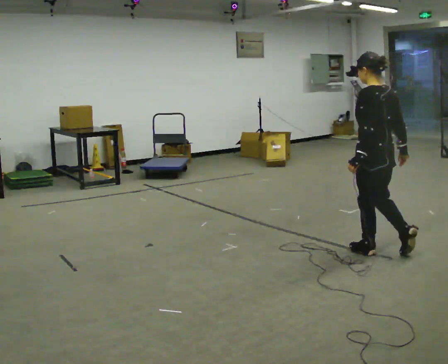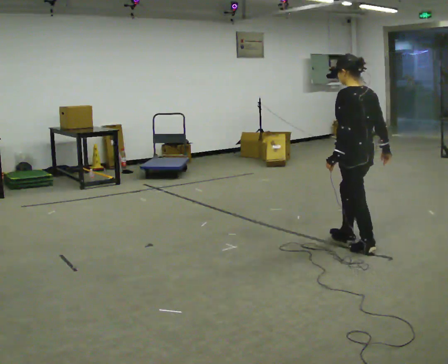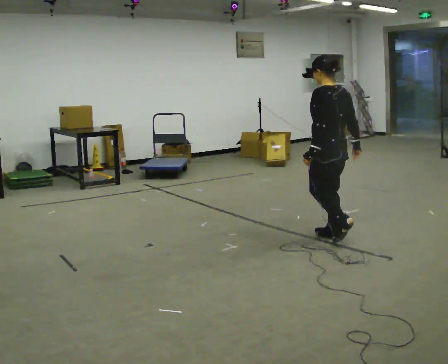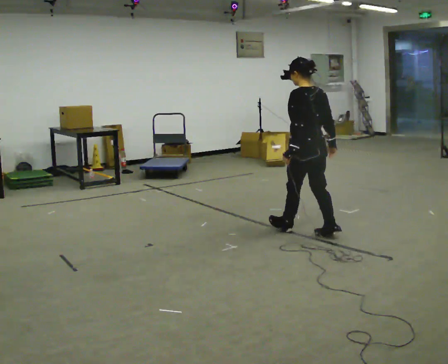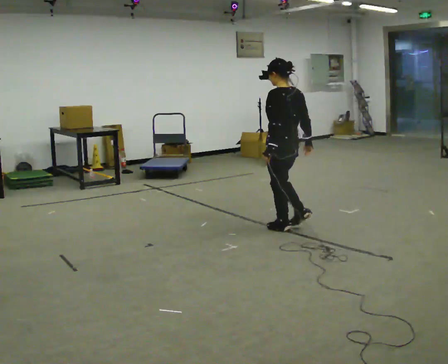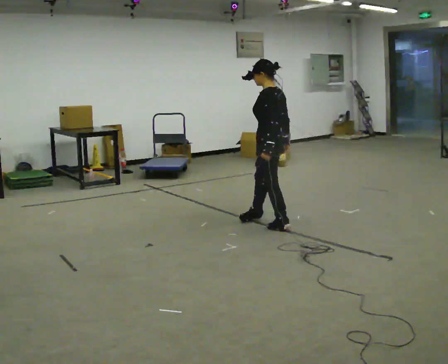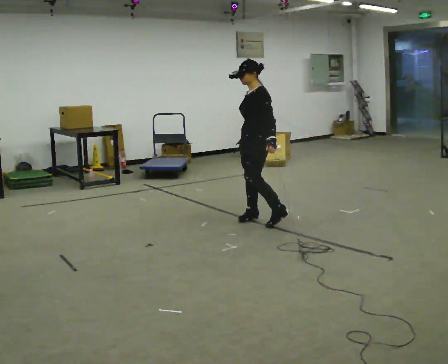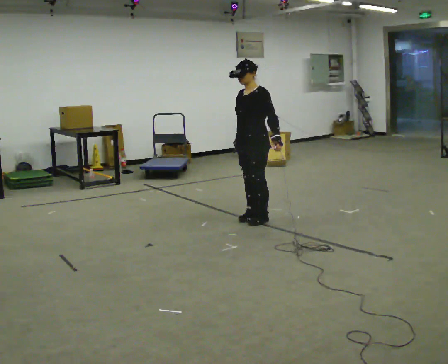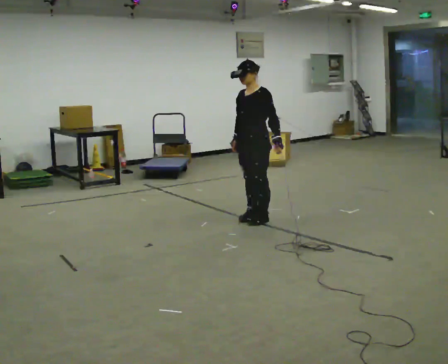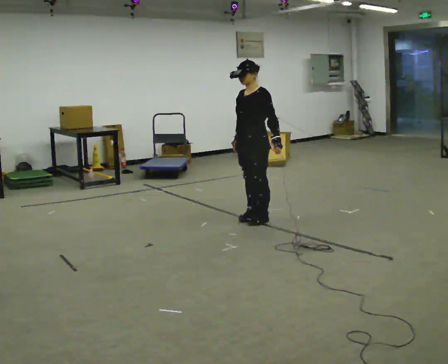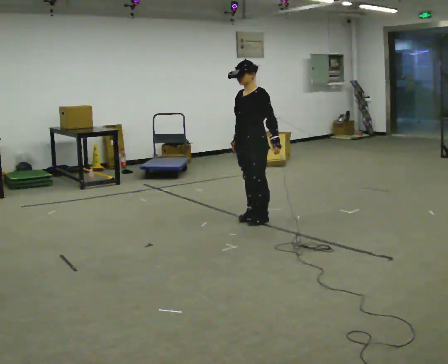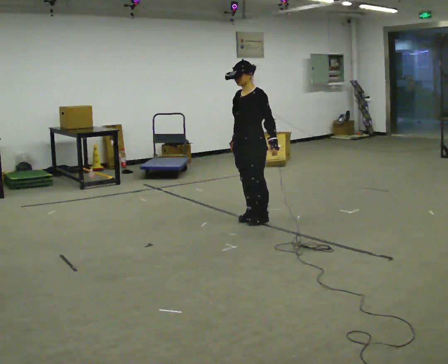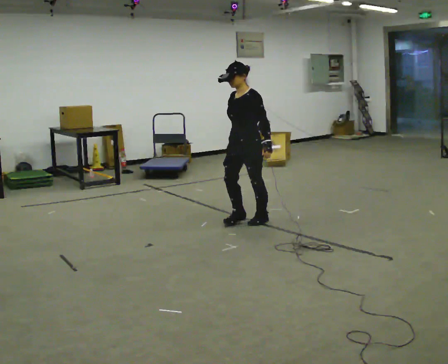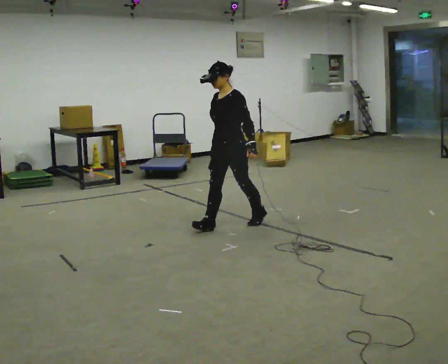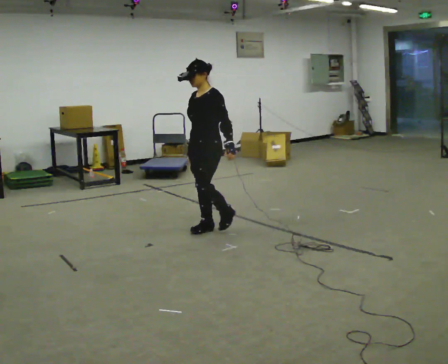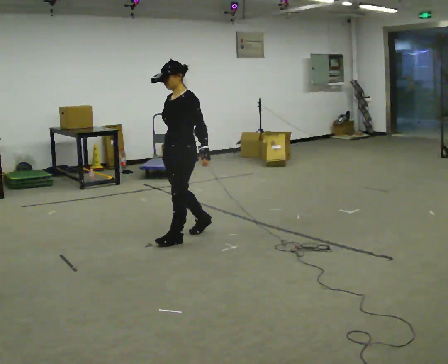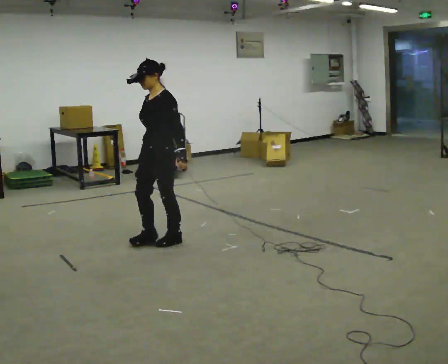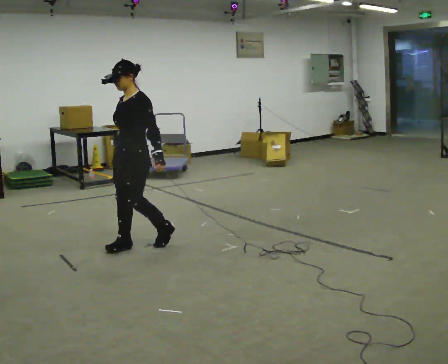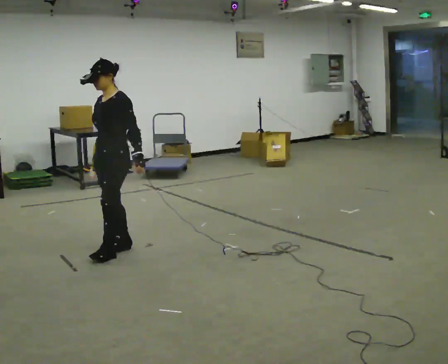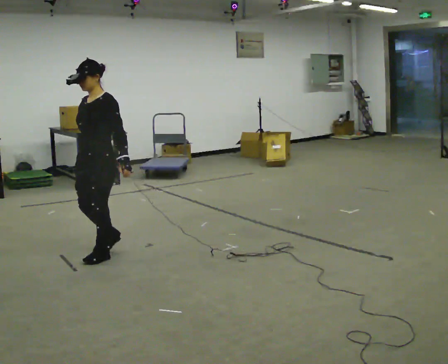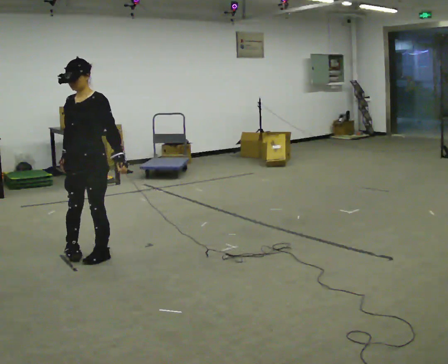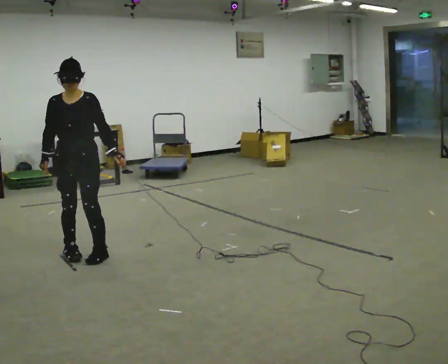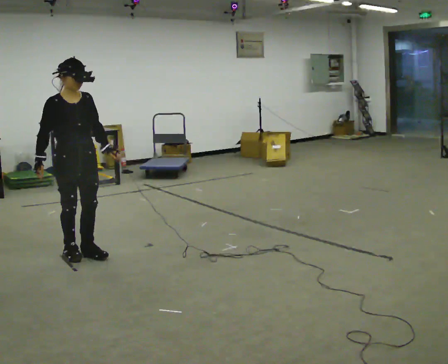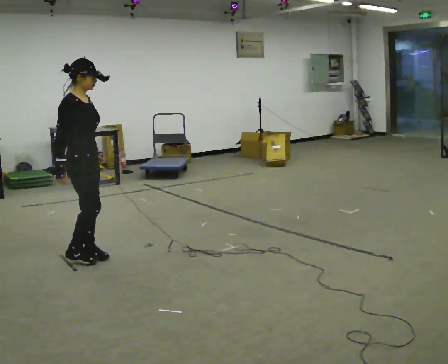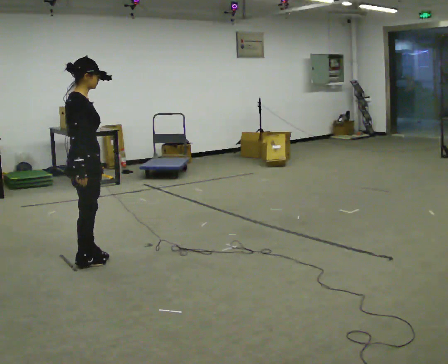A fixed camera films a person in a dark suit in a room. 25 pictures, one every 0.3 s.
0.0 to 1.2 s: In the picture they go away from the camera and to the left, about 1 m in 2 steps, which for them is forward.
1.2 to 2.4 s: Seen from above the body turns counterclockwise, about 90 degrees: to their left, with its near side sliding to the right. In the picture they go away from the camera and to the left, about 0.5 m in 2 steps.
2.4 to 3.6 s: The person moves a little, or ends about where they began.
3.6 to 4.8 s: In the picture they go to the left and toward the camera, about 1 m in 2 steps, which for them is forward.
4.8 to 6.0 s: The part of the body nearest the lens slides to the right as the person turns to their left by about 45 degrees. In the picture they go to the left and toward the camera, about 0.75 m in 3 steps, which for them is forward.
6.0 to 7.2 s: The part of the body nearest the lens slides to the right as the person turns to their left by about 135 degrees. In the picture their left hand goes to the left, the arm swinging clockwise.
The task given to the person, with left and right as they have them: Walk; stop fully; turn 90° left/right while standing; walk new direction.
The film runs forward here.
